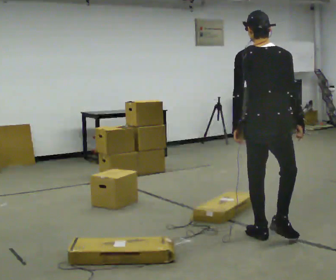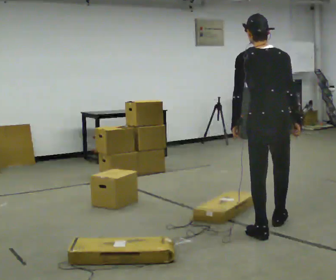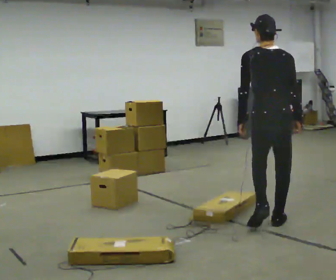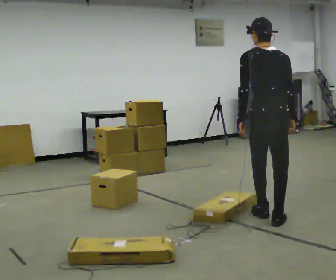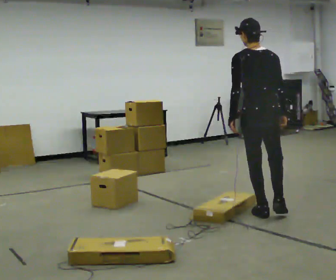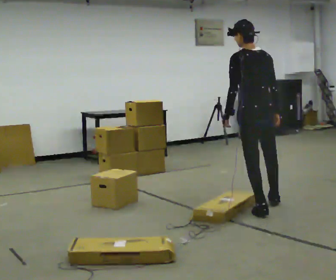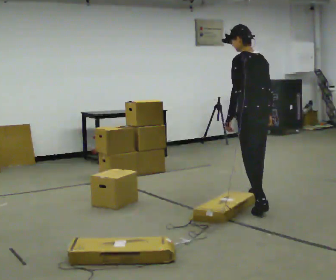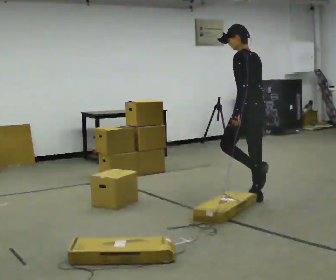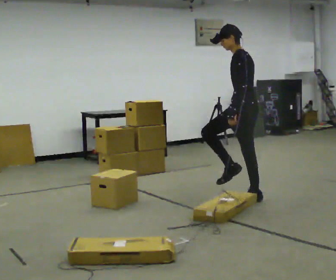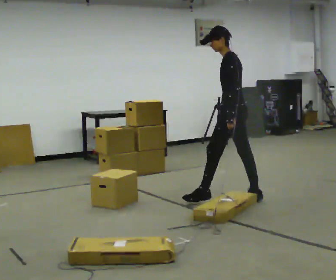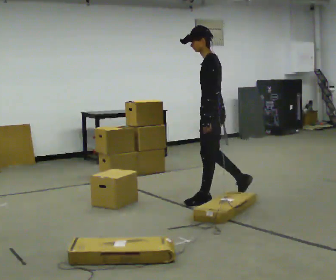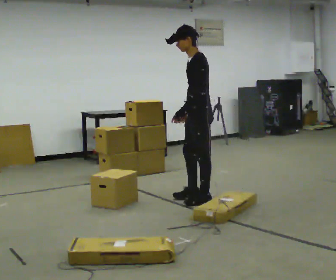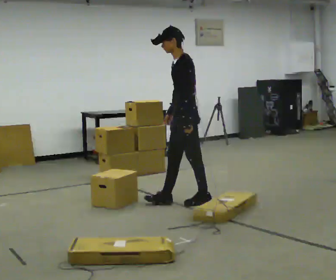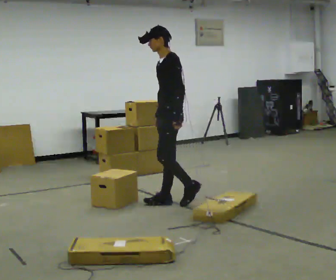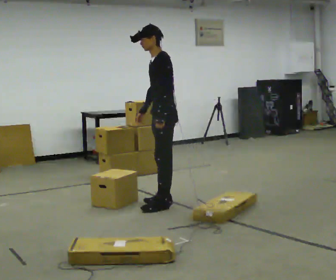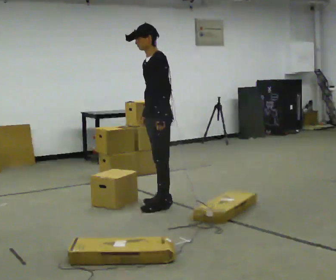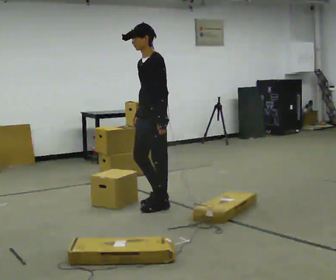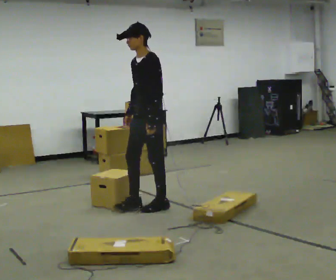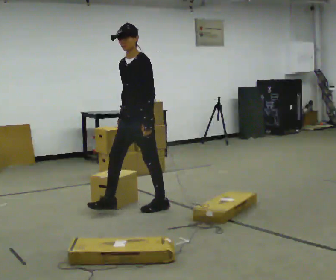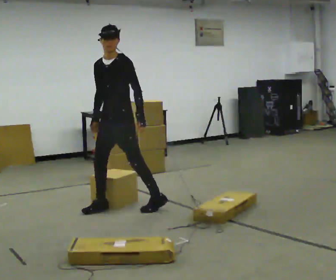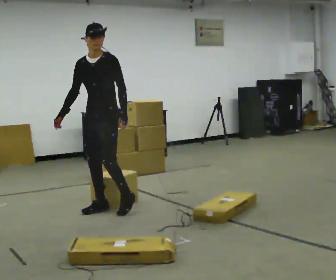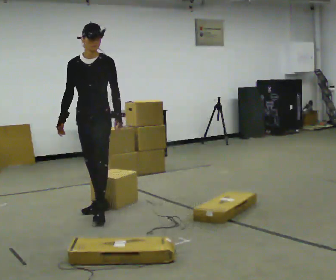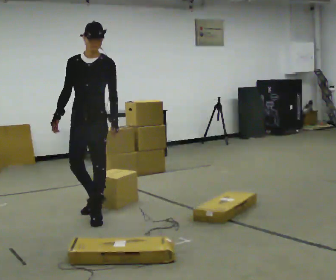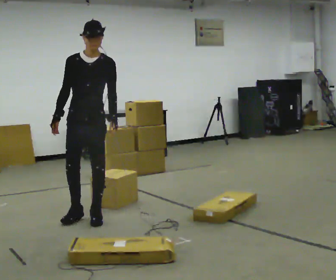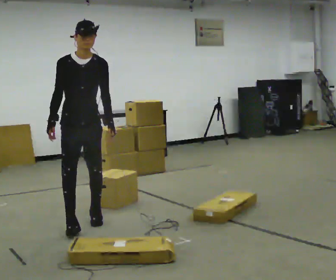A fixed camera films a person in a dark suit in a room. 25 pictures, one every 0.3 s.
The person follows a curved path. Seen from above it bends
counterclockwise.
The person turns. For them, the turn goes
to their left.
0.0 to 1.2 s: In the picture they go away from the camera, about 0.75 m in 2 steps, which for them is forward.
1.2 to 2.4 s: The part of the body nearest the lens slides to the right as the person turns to their left by about 60 degrees. In the picture they go away from the camera, about 0.5 m in 1 step, which for them is forward and to their right.
2.4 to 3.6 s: Seen from above the body turns counterclockwise, about 45 degrees: to their left, with its near side sliding to the right. In the picture they go to the left, about 0.5 m in 2 steps, which for them is forward.
3.6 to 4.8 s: In the picture they go to the left and toward the camera, about 0.25 m in 1 step, which for them is forward.
4.8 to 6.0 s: The part of the body nearest the lens slides to the right as the person turns to their left by about 45 degrees. In the picture they go to the left, about 0.5 m in 1 step, which for them is forward and to their right.
6.0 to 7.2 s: Seen from above the body turns counterclockwise, about 30 degrees: to their left, with its near side sliding to the right. In the picture they go toward the camera, about 0.5 m in 2 steps, which for them is forward.
The film runs forward here.
